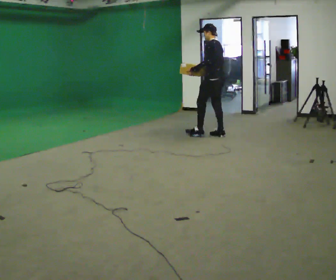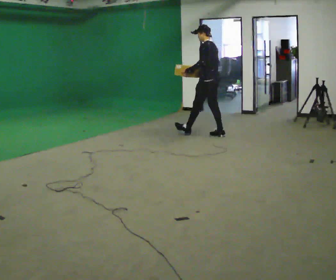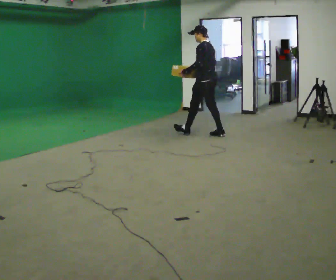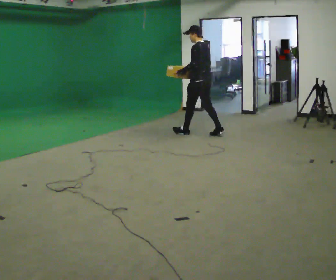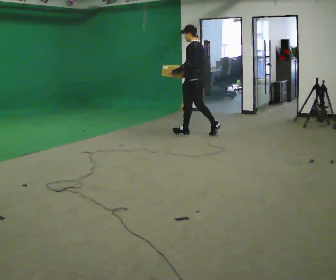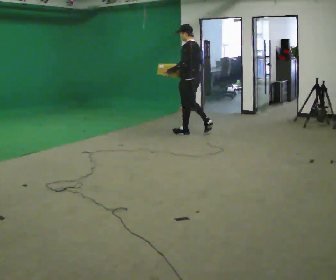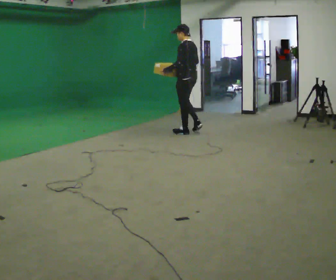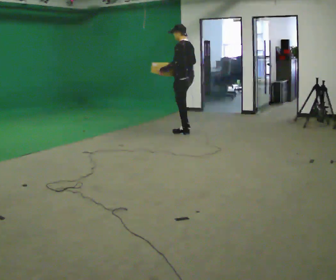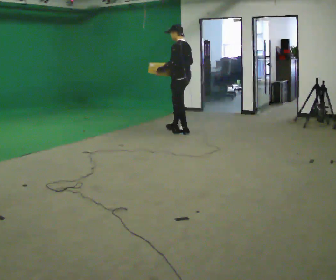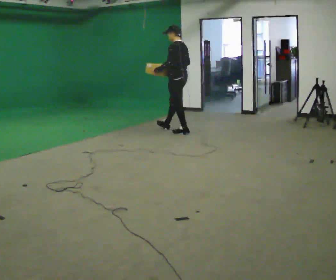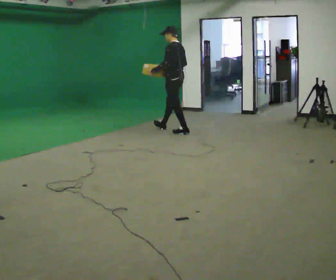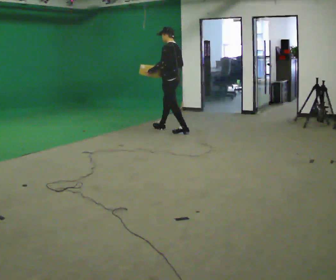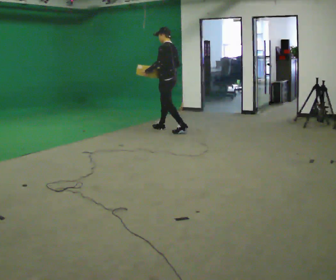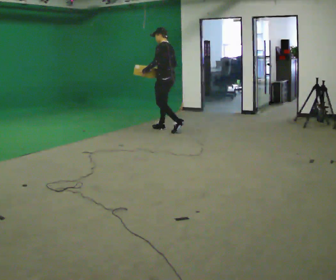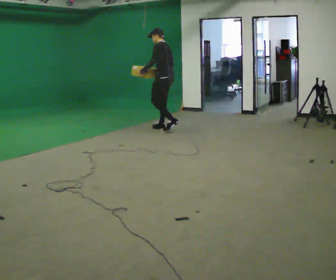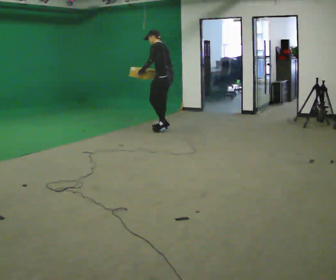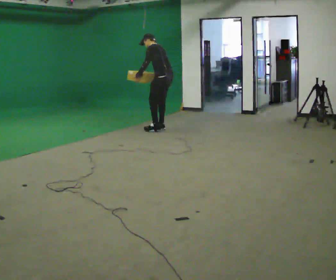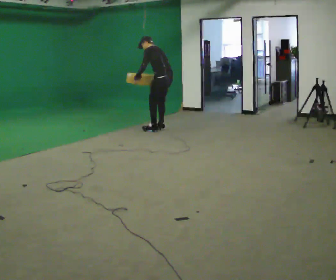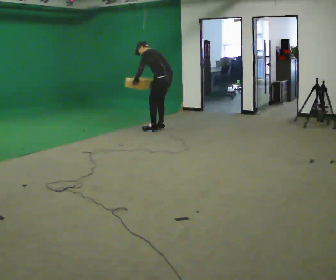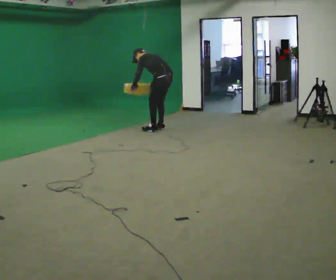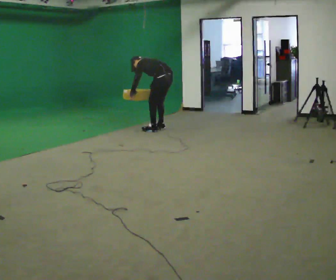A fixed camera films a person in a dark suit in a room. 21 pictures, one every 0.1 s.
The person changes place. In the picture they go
to the left.
Their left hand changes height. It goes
downward.
0.0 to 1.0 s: In the picture they go to the left and away from the camera, about 0.5 m in 1 step, which for them is forward.
1.0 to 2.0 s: In the picture they go to the left, about 0.25 m in 3 steps, which for them is forward. The upper body goes downward. In the picture the upper body tilts counterclockwise, shoulders to the left, as they bend forward. In the picture their right hand goes downward and to the left.
The film runs forward here.
